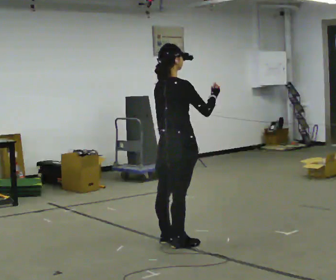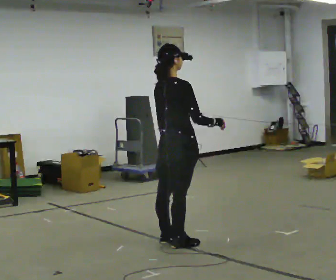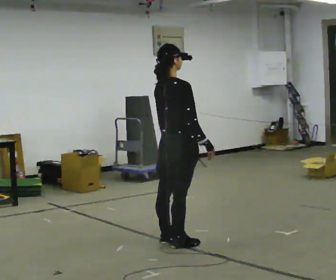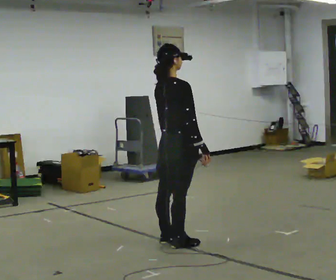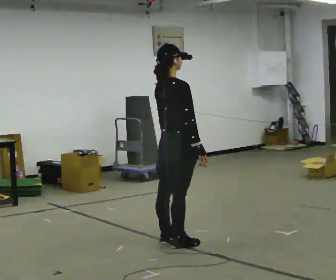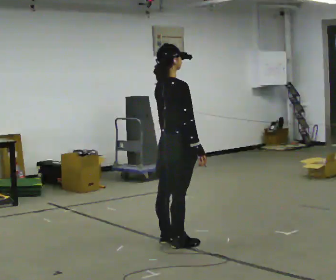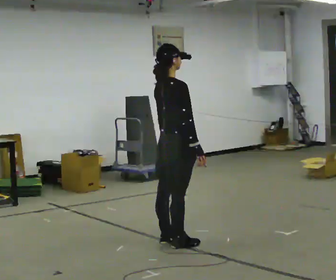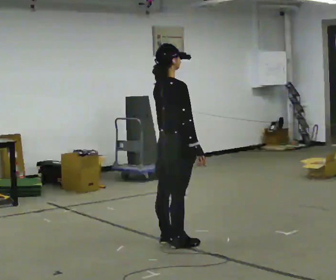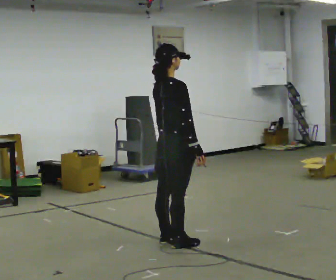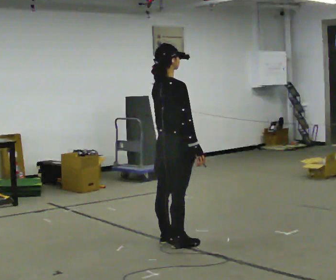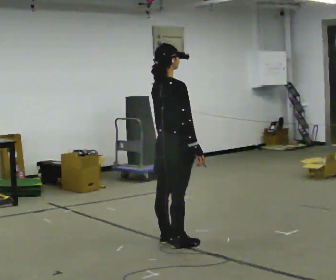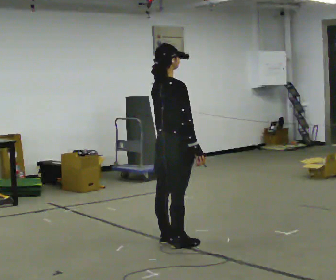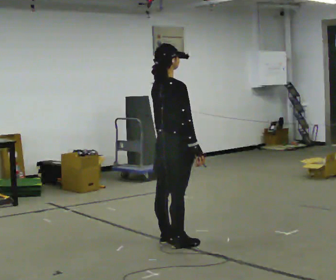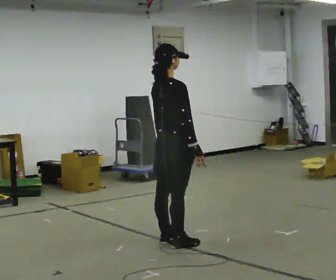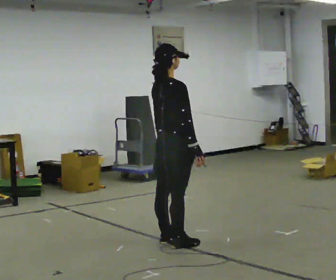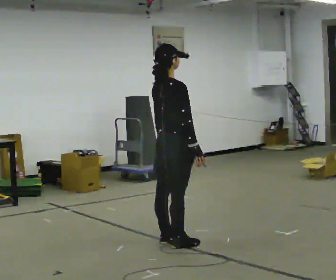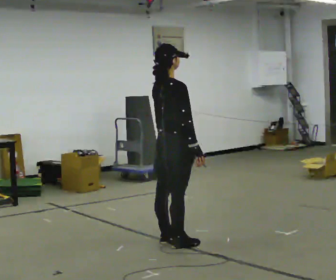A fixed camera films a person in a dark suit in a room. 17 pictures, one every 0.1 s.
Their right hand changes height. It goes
downward.
Their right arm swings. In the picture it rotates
clockwise.
0.0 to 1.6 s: In the picture their right hand goes downward, the arm swinging clockwise.
The film runs backward here.
